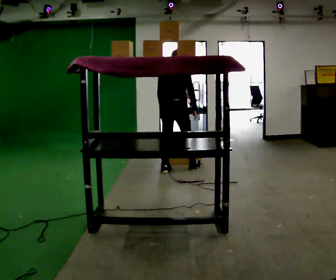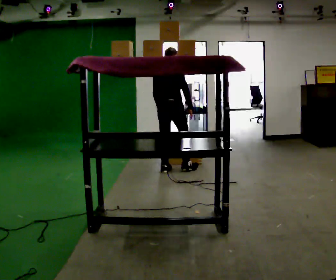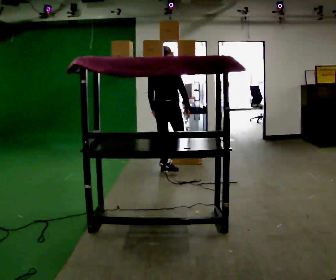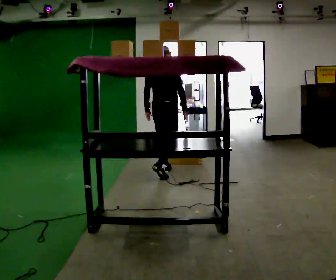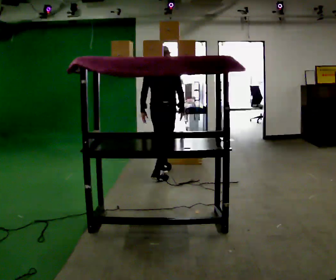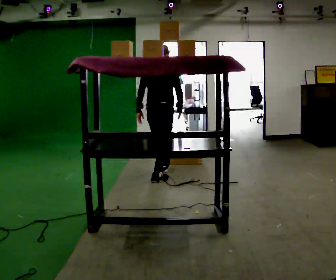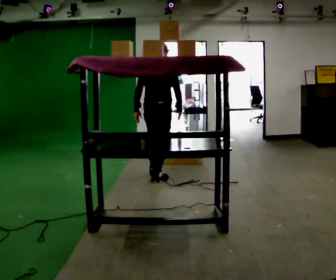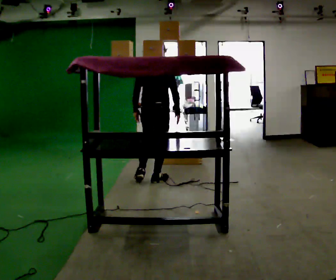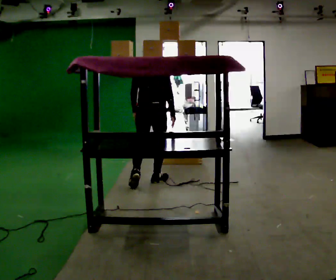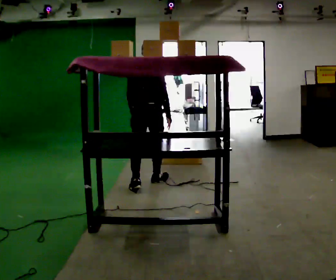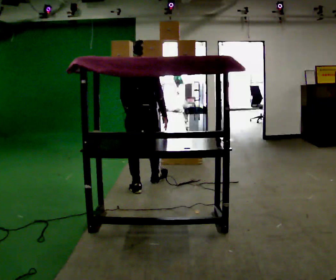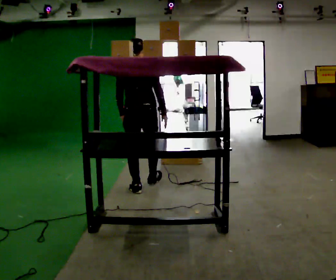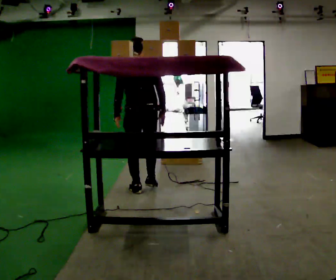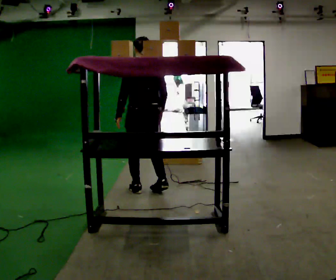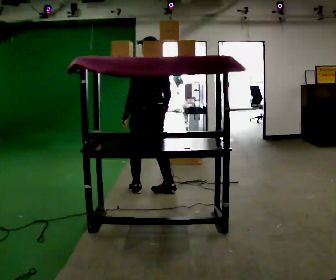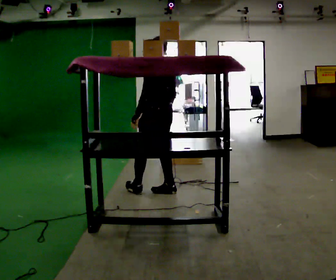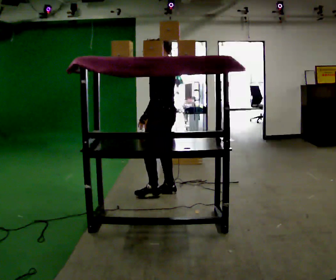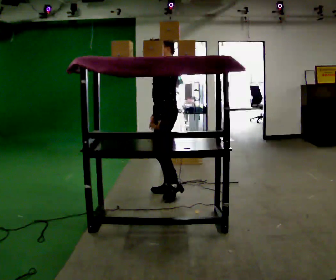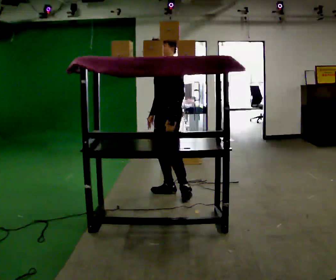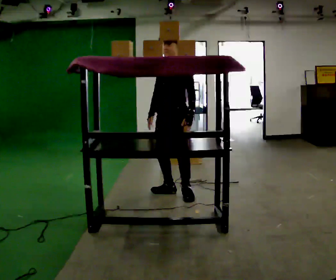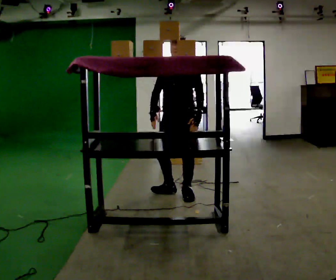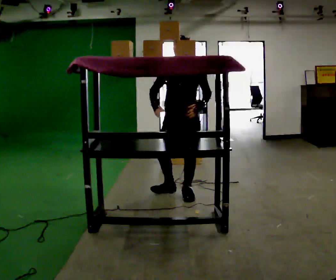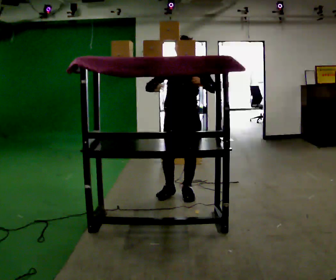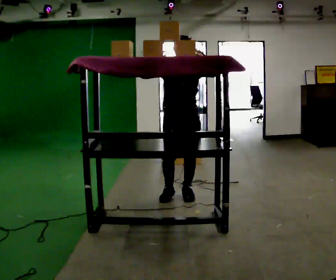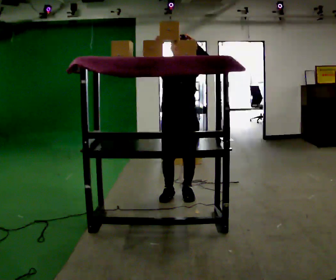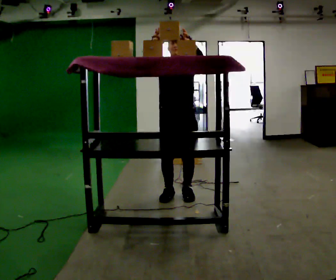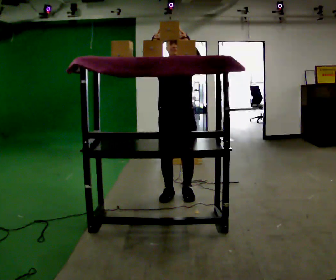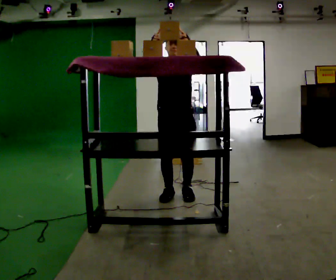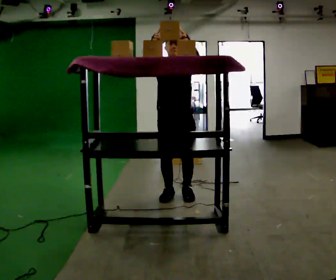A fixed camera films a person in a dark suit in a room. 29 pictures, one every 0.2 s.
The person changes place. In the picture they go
toward the camera.
Their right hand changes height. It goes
upward.
0.0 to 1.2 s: In the picture they go toward the camera and to the left, about 0.5 m in 2 steps, which for them is backward.
1.2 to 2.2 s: In the picture they go toward the camera and to the left, about 0.5 m in 1 step, which for them is backward.
2.2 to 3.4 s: The part of the body nearest the lens slides to the right as the person turns to their left by about 105 degrees. In the picture they go to the right, about 0.25 m in 1 step.
3.4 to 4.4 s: The part of the body nearest the lens slides to the right as the person turns to their left by about 75 degrees.
4.4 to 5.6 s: In the picture their right hand goes upward, the arm swinging clockwise.
The film runs backward here.
